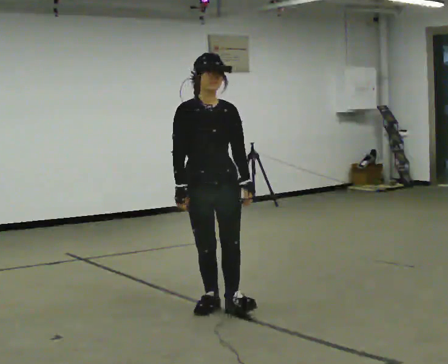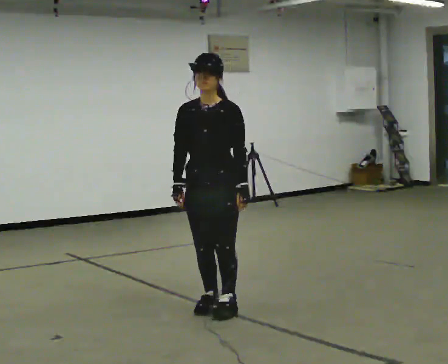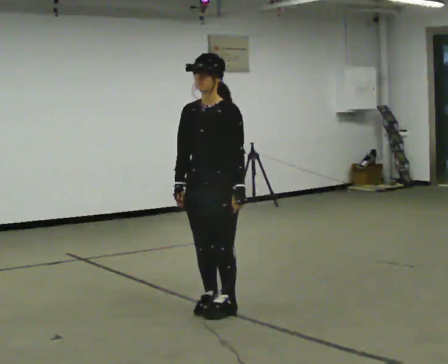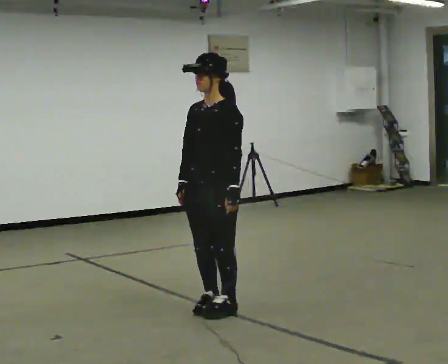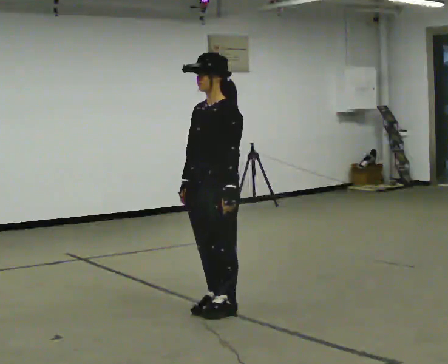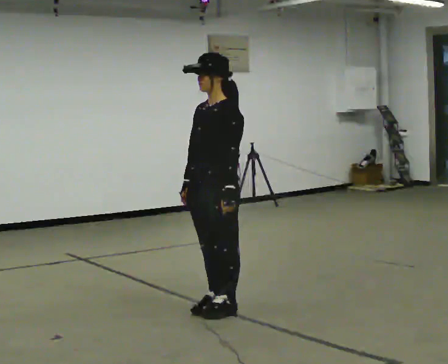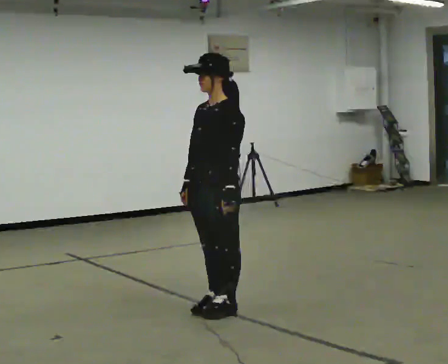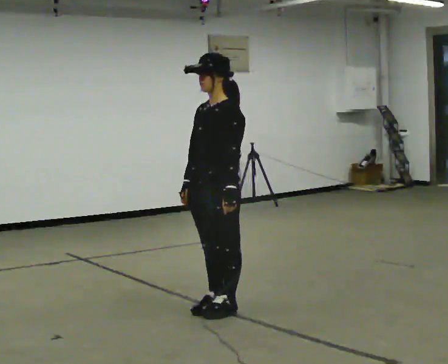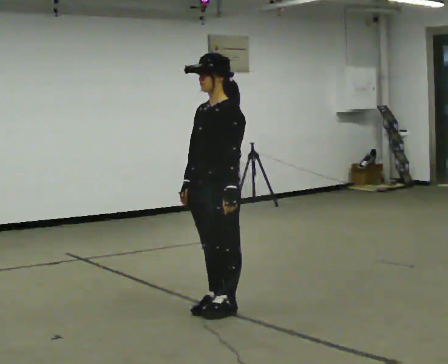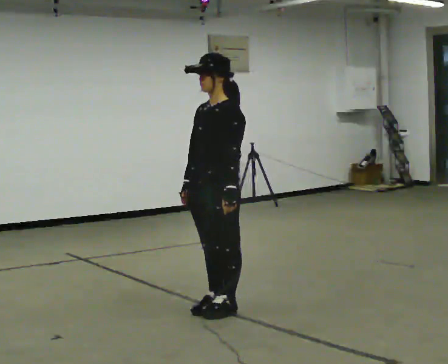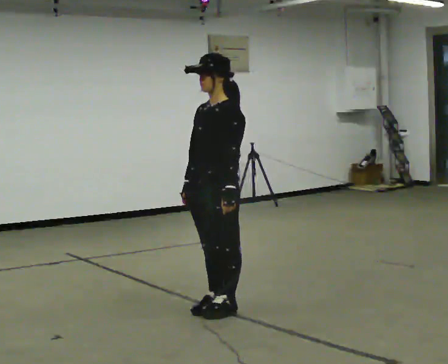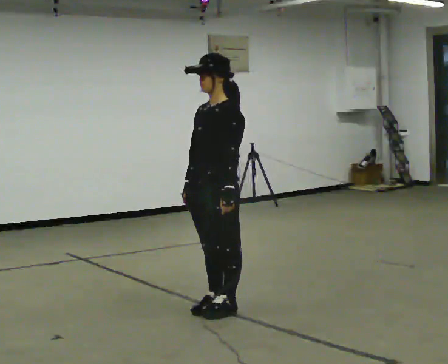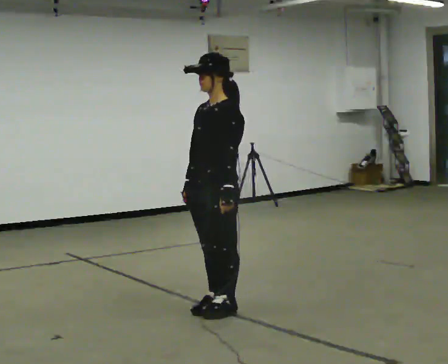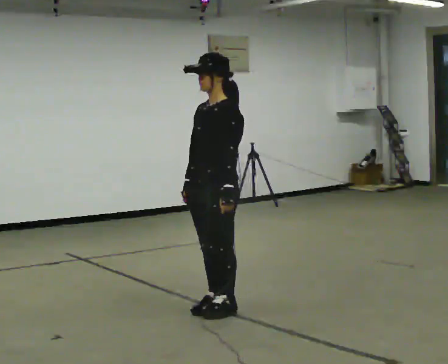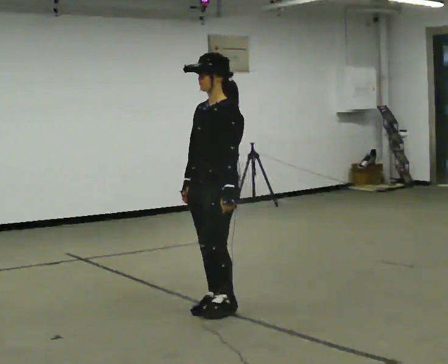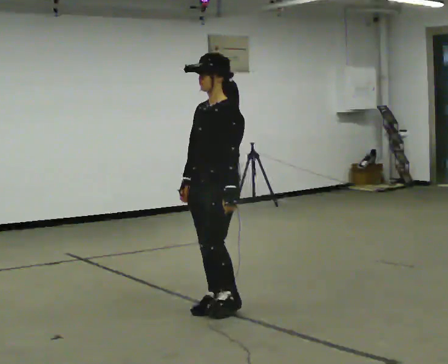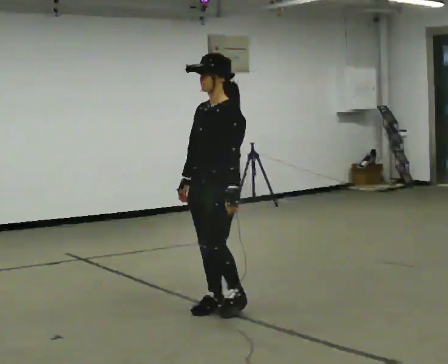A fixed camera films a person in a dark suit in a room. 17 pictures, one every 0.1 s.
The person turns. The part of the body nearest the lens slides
to the left.
The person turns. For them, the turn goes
to their right.
0.0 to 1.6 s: The person turns about 60 degrees to their right, clockwise seen from above, so the part of the body nearest the lens slides to the left.
The film runs backward here.
